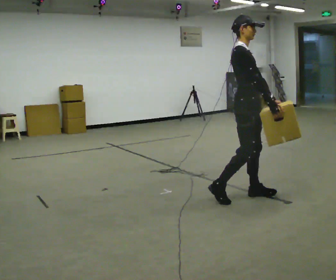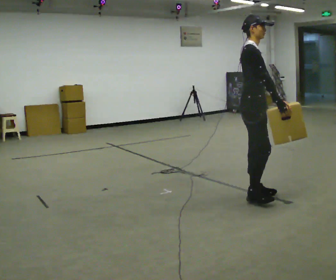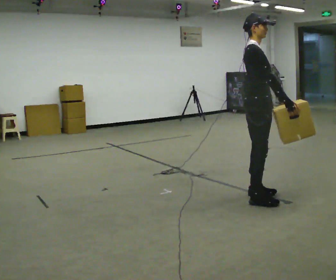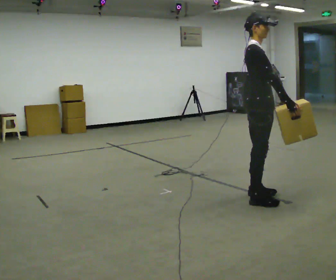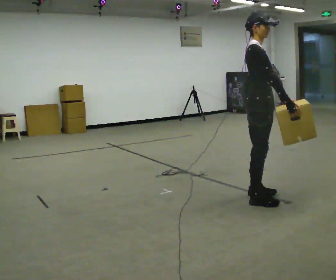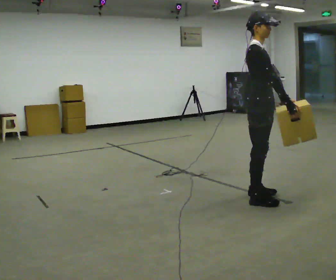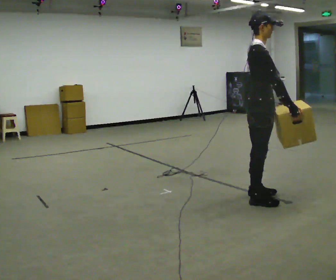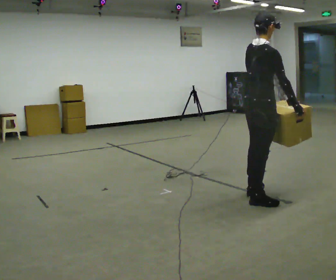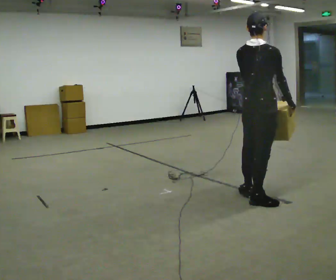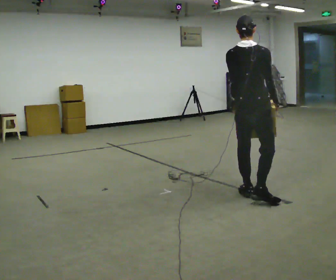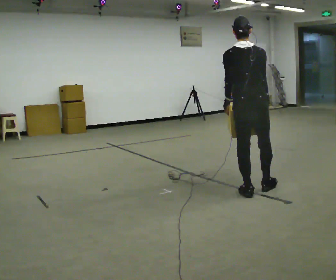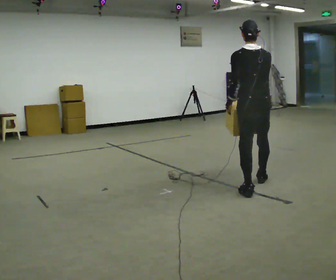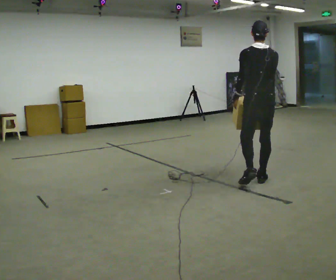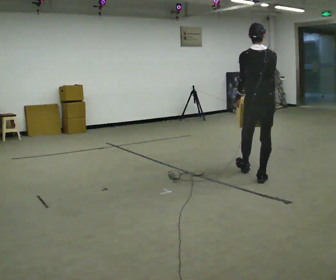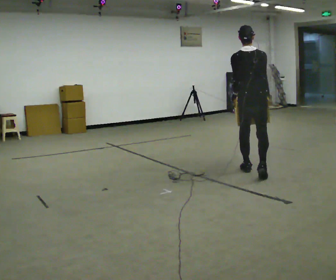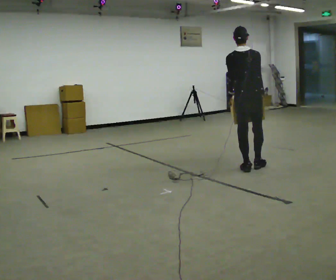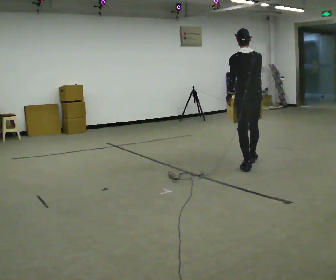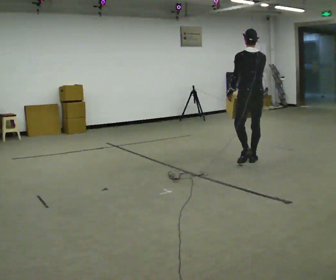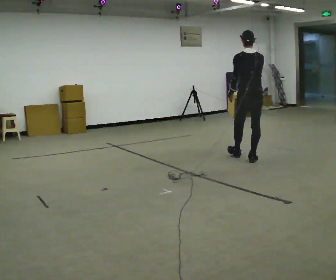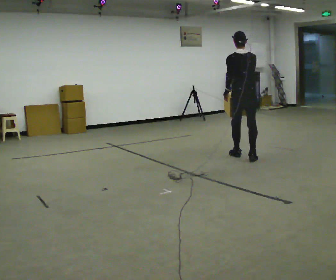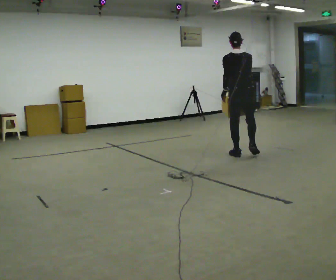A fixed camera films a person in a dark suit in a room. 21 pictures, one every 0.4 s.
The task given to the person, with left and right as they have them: Carry the heavy box in both hands in front of you, walking back and forth across the room. Keep walking until the operator says stop. Set it down if you need a rest.
0.0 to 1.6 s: The person moves a little, or ends about where they began.
1.6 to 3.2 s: The person turns about 75 degrees to their left, counterclockwise seen from above, so the part of the body nearest the lens slides to the right.
3.2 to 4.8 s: The part of the body nearest the lens slides to the right as the person turns to their left by about 45 degrees. In the picture they go away from the camera, about 0.75 m in 1 step, which for them is forward.
4.8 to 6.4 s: In the picture they go away from the camera, about 0.5 m in 2 steps, which for them is forward.
6.4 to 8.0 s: In the picture they go away from the camera, about 0.5 m in 1 step, which for them is forward.
The film runs forward here.
